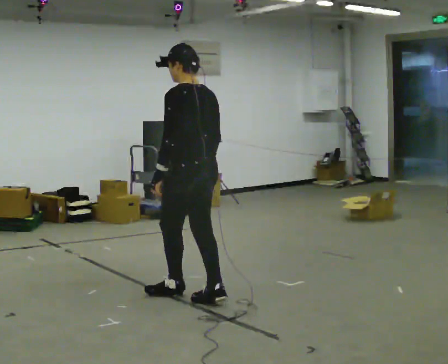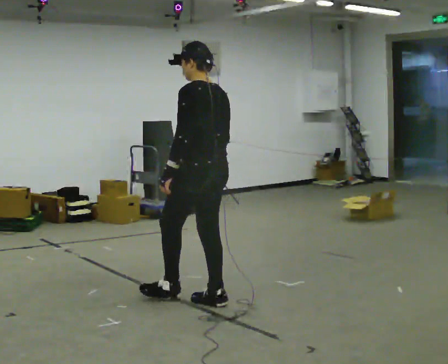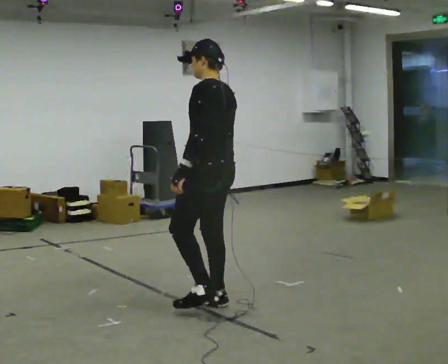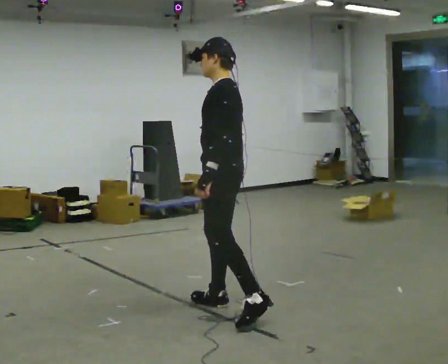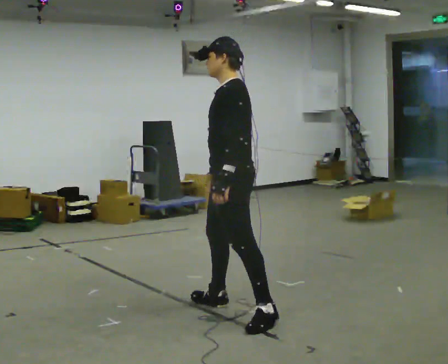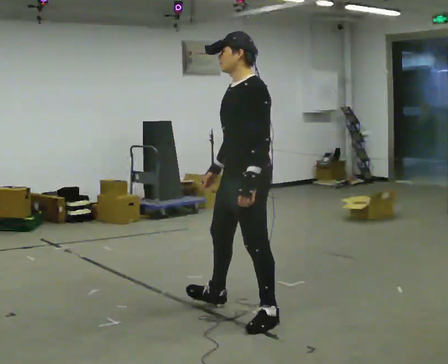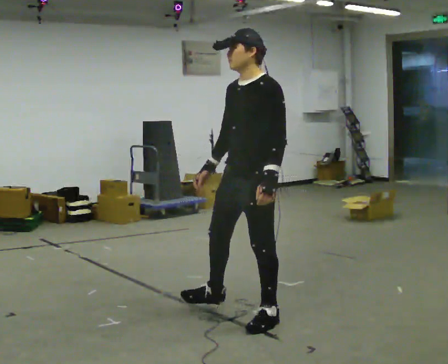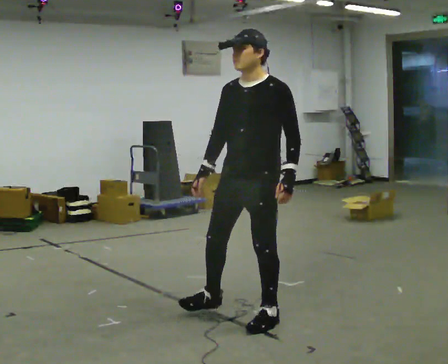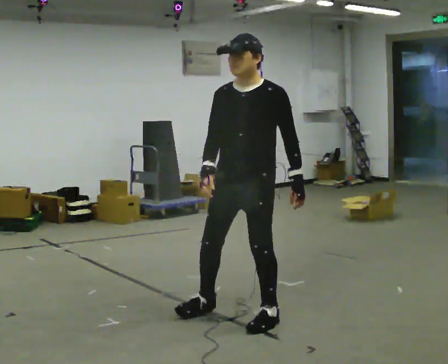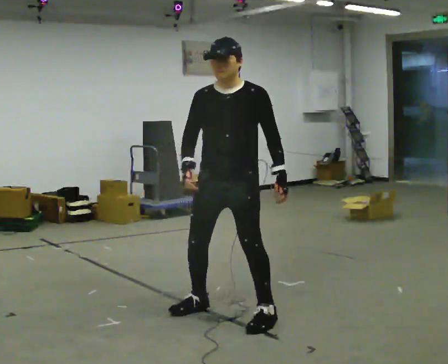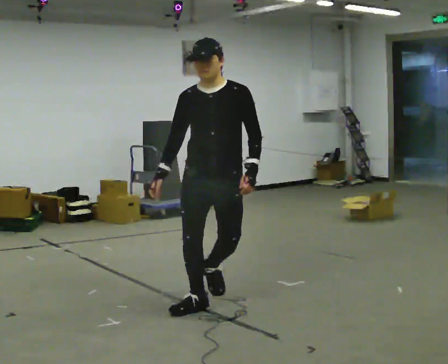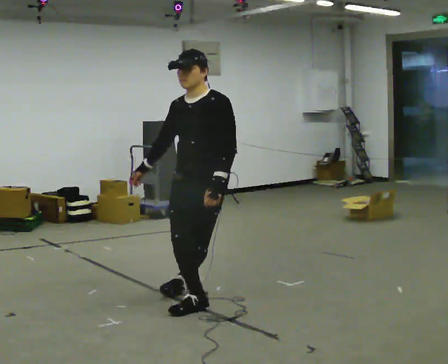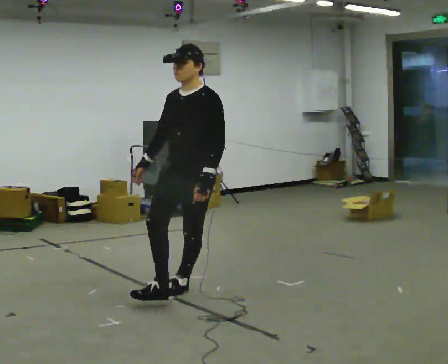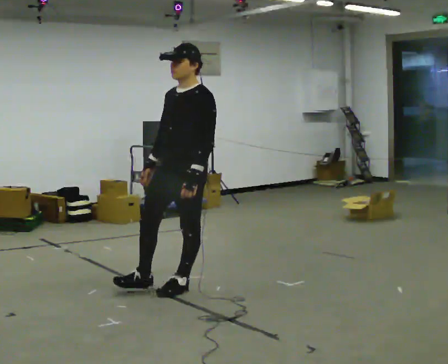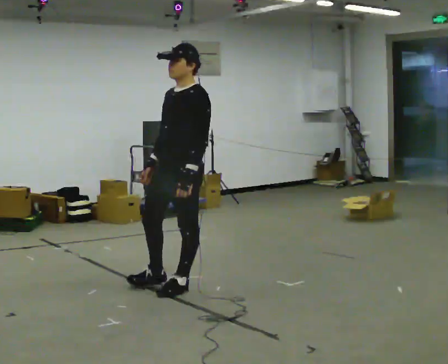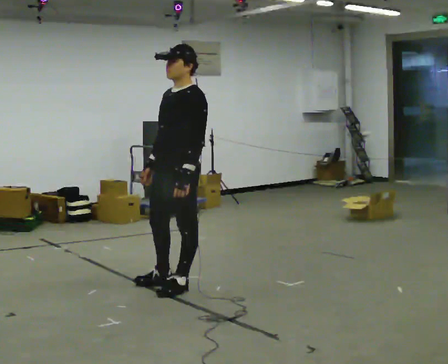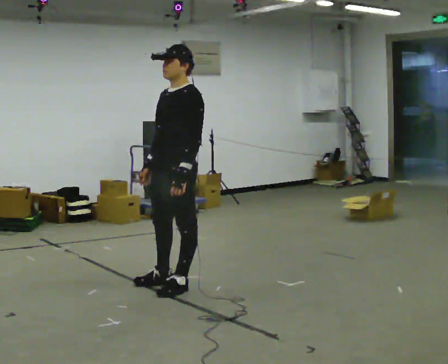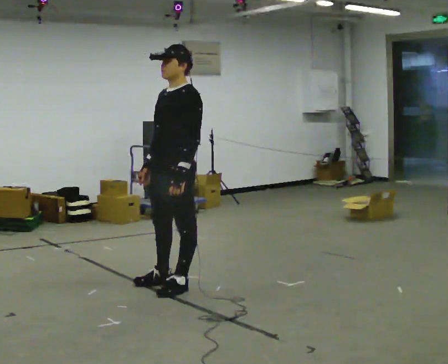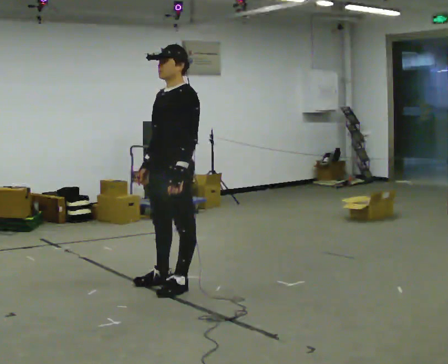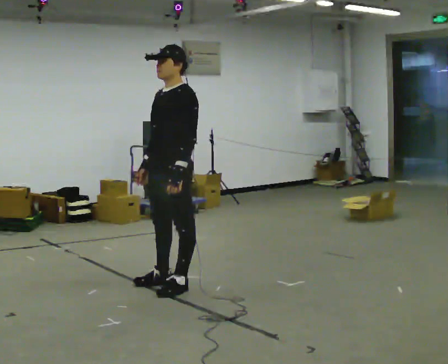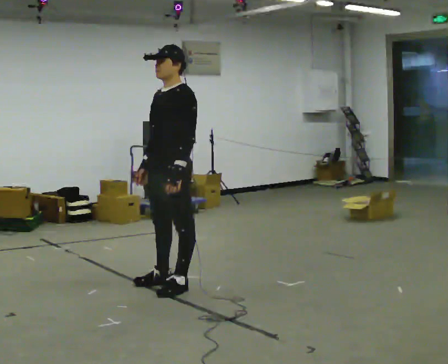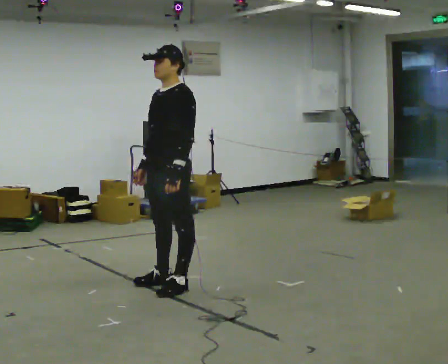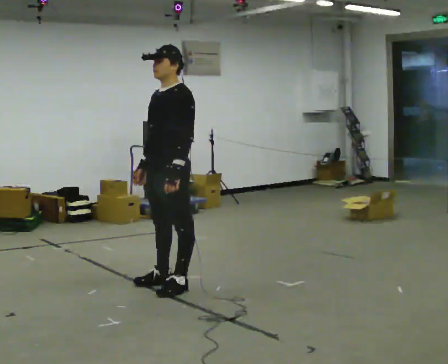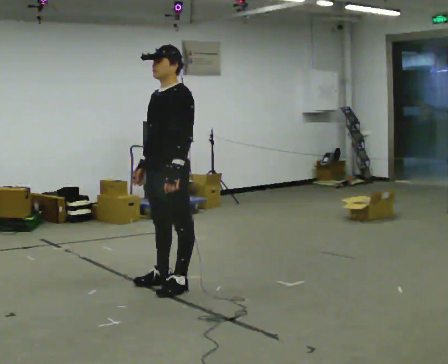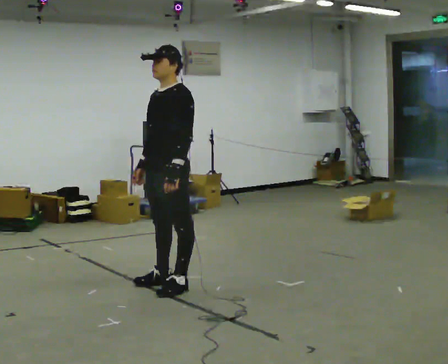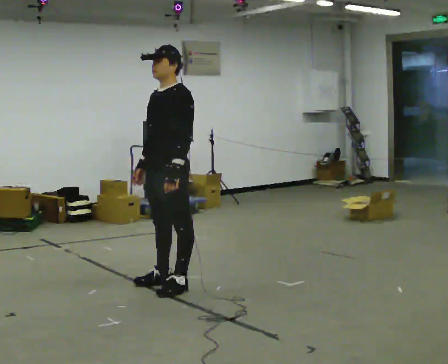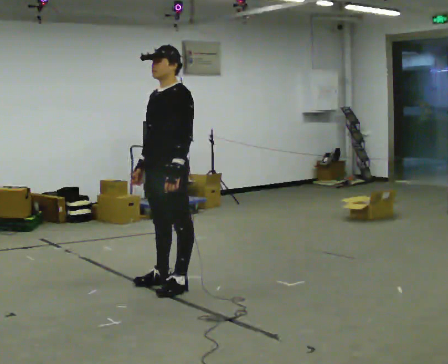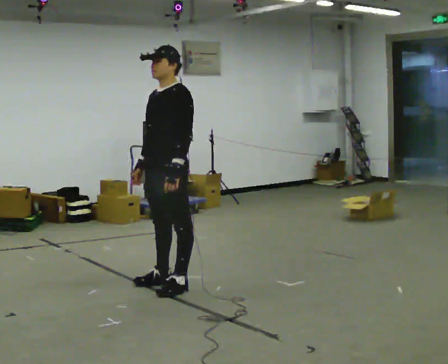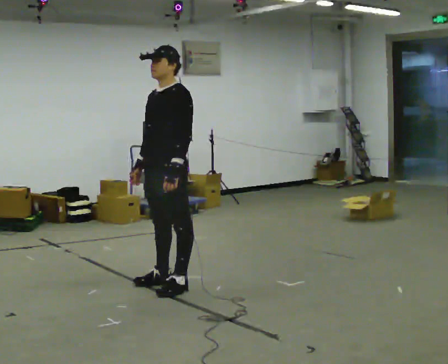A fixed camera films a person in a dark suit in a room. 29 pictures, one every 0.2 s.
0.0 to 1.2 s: Seen from above the body turns counterclockwise, about 75 degrees: to their left, with its near side sliding to the right. In the picture they go to the right and toward the camera, about 0.5 m in 1 step.
1.2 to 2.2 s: Seen from above the body turns counterclockwise, about 45 degrees: to their left, with its near side sliding to the right. In the picture they go to the left and away from the camera, about 0.5 m in 1 step, which for them is to their right.
2.2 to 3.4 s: Seen from above the body turns clockwise, about 45 degrees: to their right, with its near side sliding to the left. In the picture they go away from the camera and to the left, about 0.25 m in 1 step, which for them is to their right.
3.4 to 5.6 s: The person moves a little, or ends about where they began.
The film runs backward here.
